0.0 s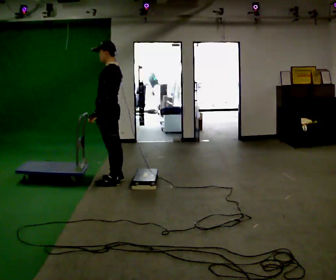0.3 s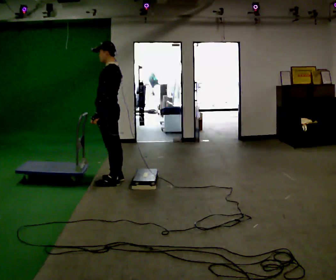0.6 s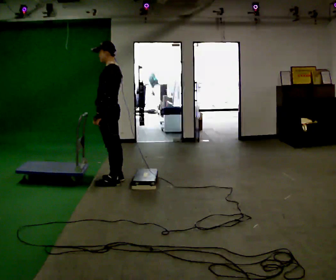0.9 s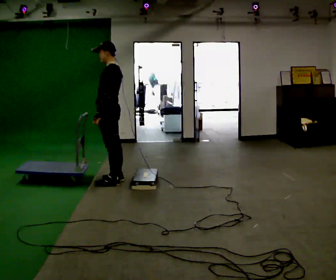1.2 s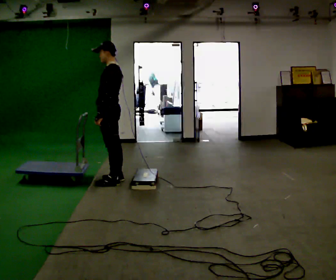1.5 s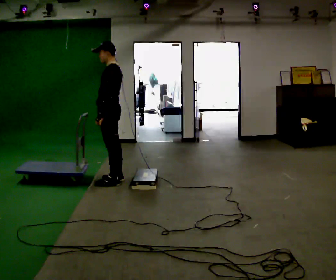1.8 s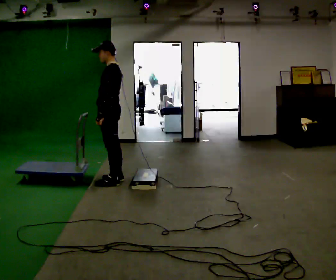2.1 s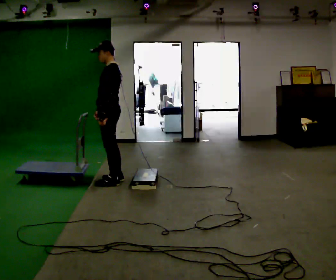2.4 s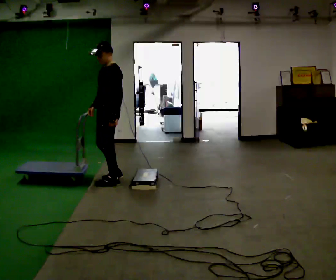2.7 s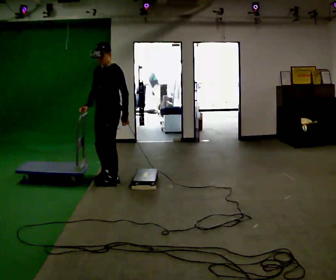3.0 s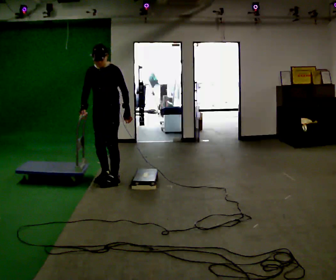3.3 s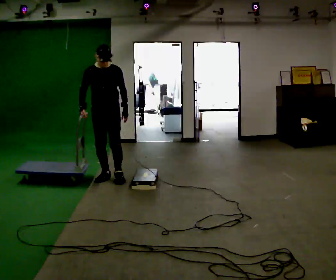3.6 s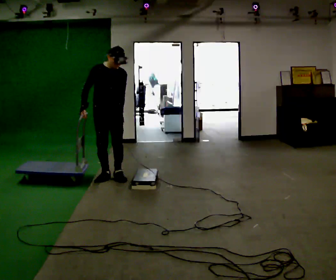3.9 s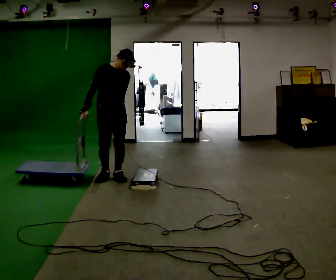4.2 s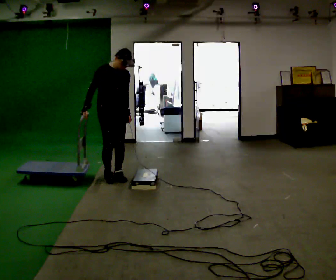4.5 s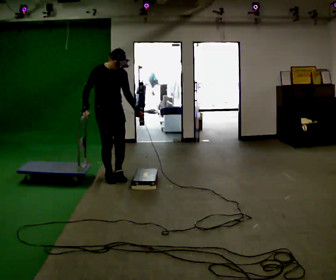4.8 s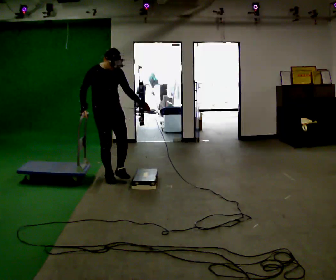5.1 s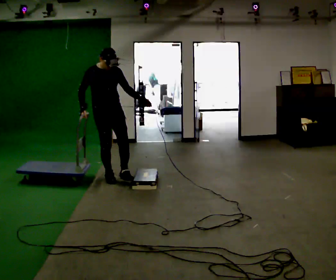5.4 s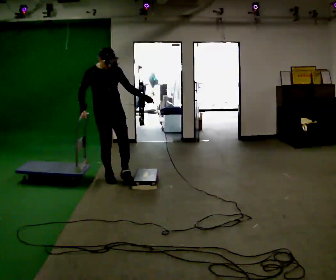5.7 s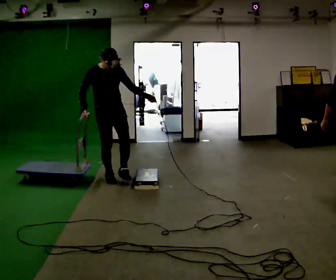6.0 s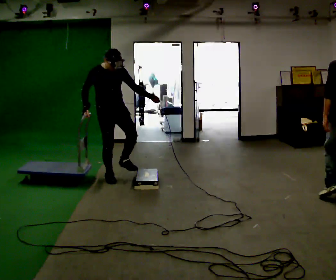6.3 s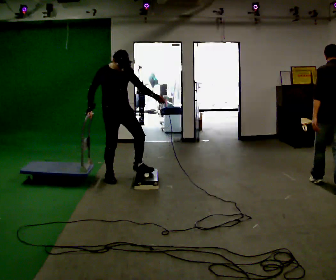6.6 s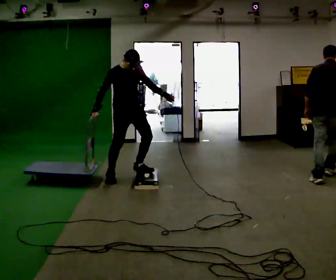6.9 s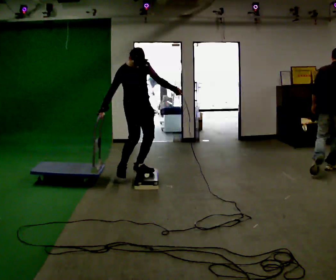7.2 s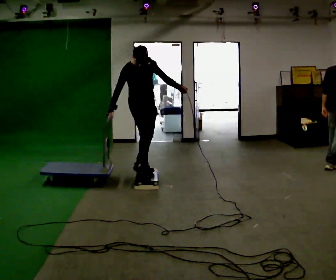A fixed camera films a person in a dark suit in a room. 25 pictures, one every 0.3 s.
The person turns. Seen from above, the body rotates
counterclockwise.
The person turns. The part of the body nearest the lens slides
to the right.
0.0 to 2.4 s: The person turns about 30 degrees to their left, counterclockwise seen from above, so the part of the body nearest the lens slides to the right.
2.4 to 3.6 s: Seen from above the body turns counterclockwise, about 90 degrees: to their left, with its near side sliding to the right. In the picture they go away from the camera, about 0.25 m in 2 steps.
3.6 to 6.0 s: In the picture their left hand goes to the right, the arm swinging counterclockwise.
6.0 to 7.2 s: In the picture they go to the right, about 0.5 m in 1 step, which for them is to their left.
The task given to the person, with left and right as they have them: Push the cart up over the low platform edge and down the other side, then bring it back over.
The film runs forward here.
